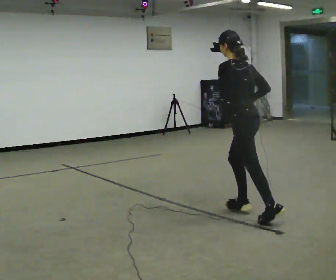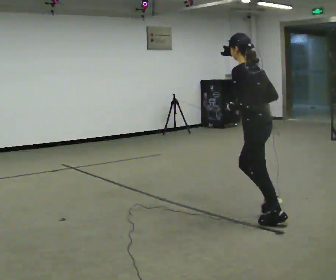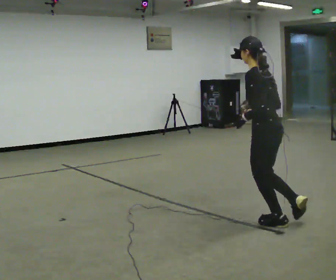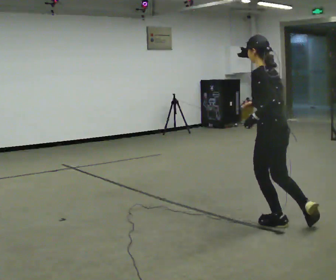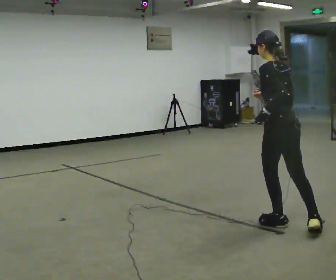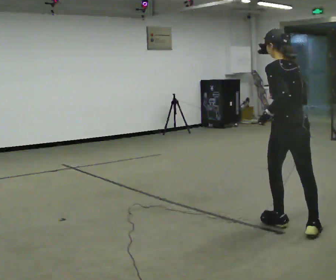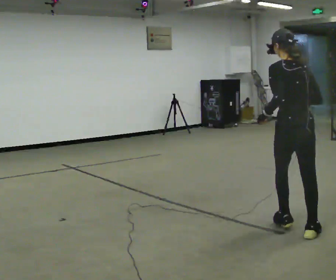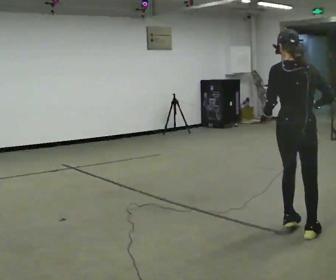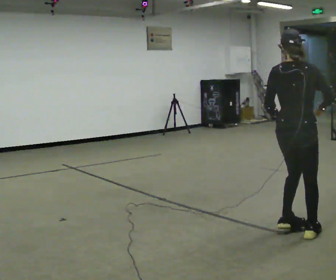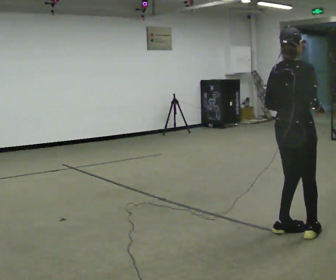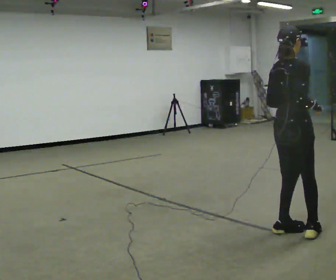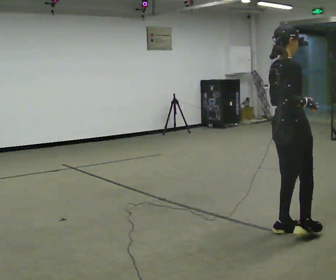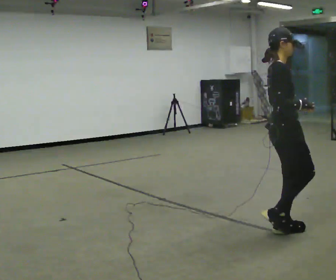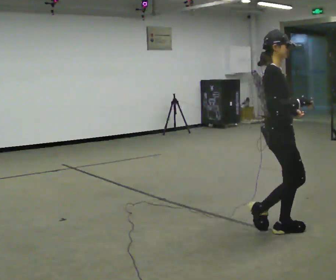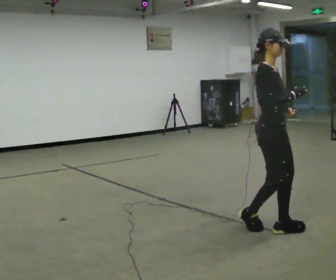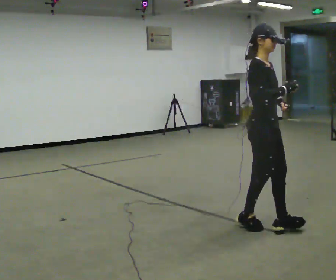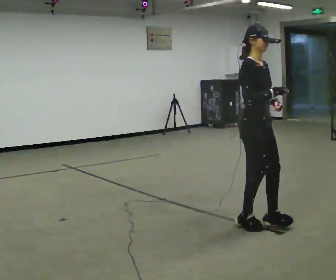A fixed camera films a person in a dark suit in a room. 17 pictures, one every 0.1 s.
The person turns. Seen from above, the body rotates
clockwise.
The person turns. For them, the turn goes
to their right.
0.0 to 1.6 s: The person turns about 180 degrees to their right, clockwise seen from above, so the part of the body nearest the lens slides to the left. In the picture they go toward the camera, about 0.25 m in 2 steps.
The film runs backward here.
